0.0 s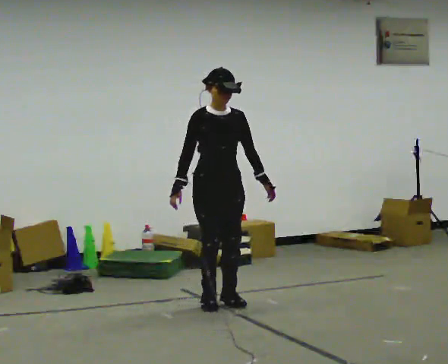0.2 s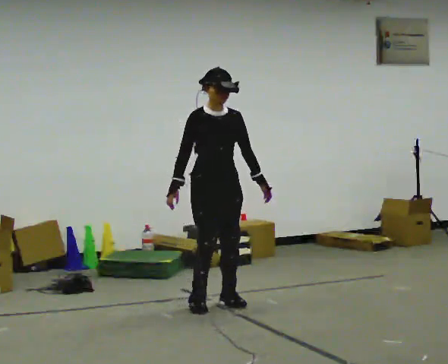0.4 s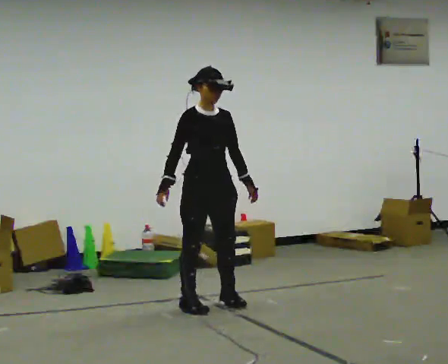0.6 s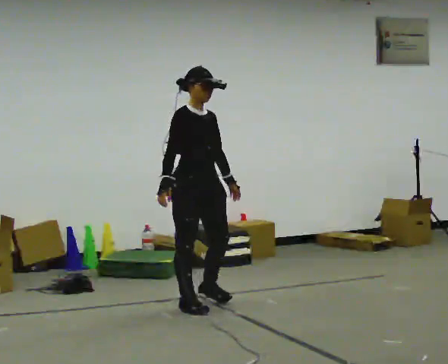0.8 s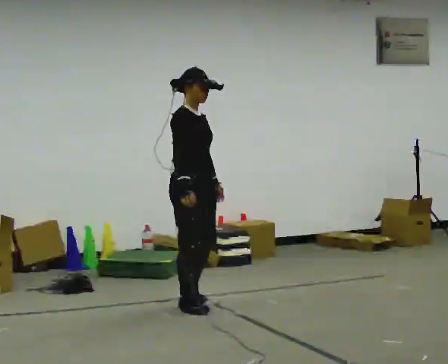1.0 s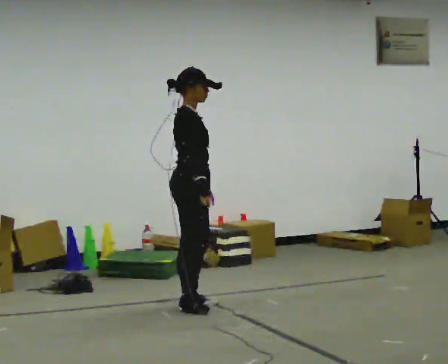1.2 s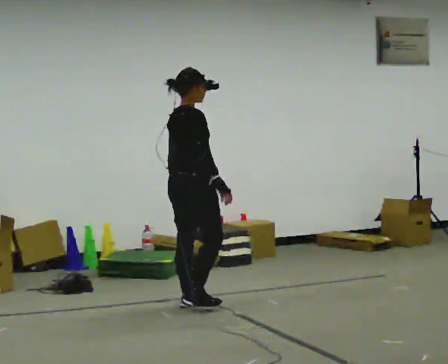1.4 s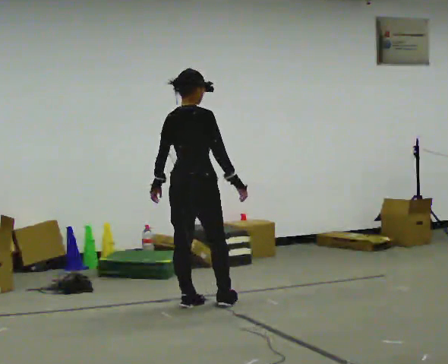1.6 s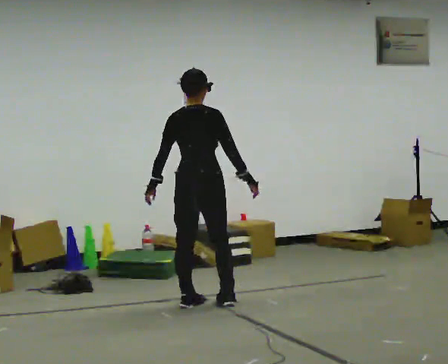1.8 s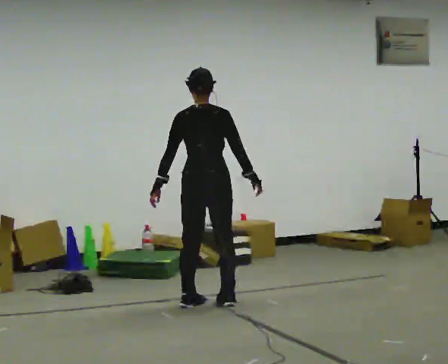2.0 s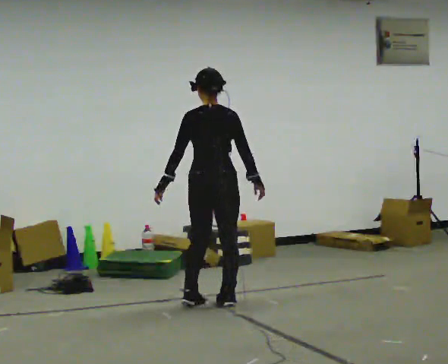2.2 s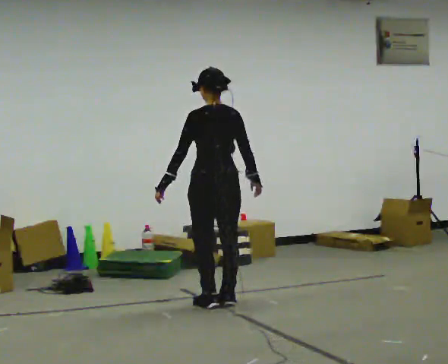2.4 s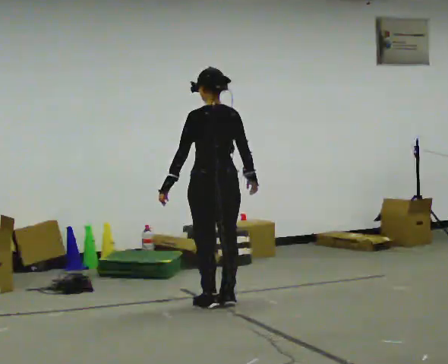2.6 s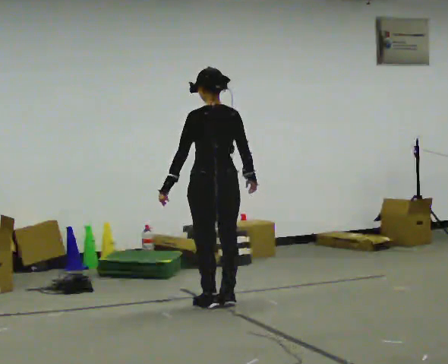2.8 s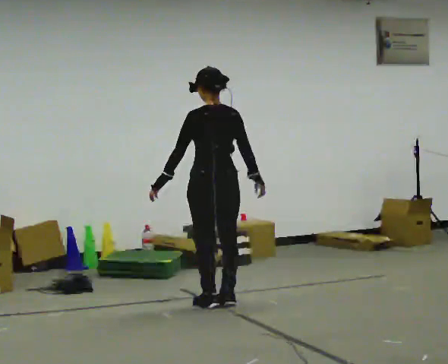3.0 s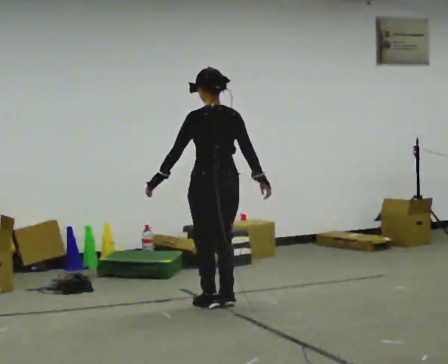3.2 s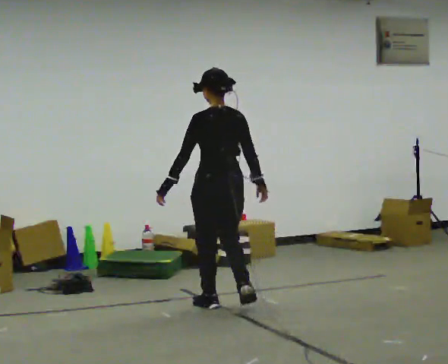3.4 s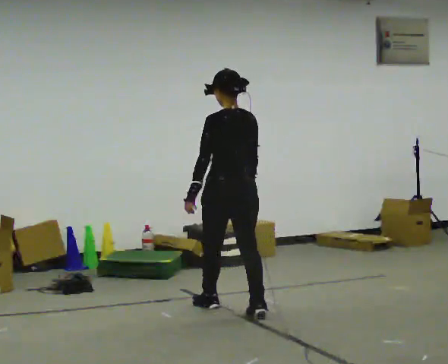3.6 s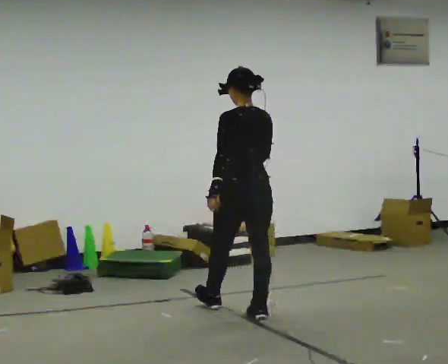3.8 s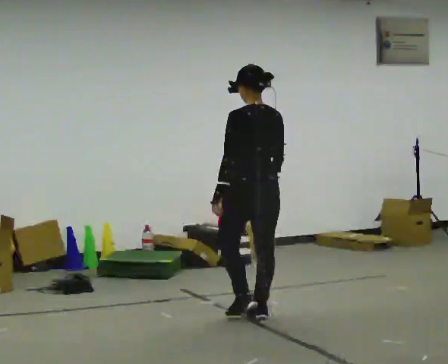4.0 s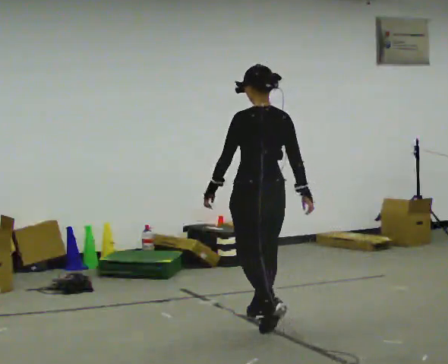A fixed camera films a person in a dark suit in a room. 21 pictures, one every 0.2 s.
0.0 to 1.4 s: Seen from above the body turns counterclockwise, about 135 degrees: to their left, with its near side sliding to the right. In the picture they go to the left, about 0.25 m in 3 steps. In the picture their right hand goes to the right, the arm swinging counterclockwise.
1.4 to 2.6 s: The part of the body nearest the lens slides to the right as the person turns to their left by about 60 degrees. In the picture they go to the right, about 0.25 m in 1 step, which for them is to their right.
2.6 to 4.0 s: In the picture they go toward the camera and to the right, about 0.75 m in 2 steps, which for them is backward.
The film runs backward here.
